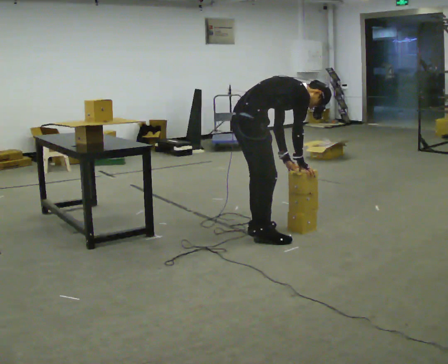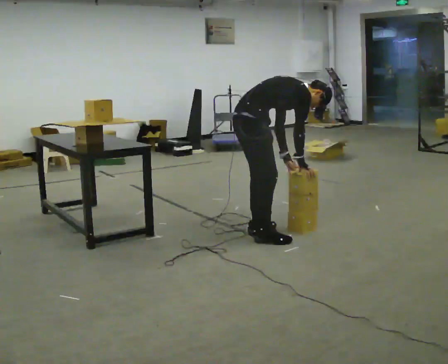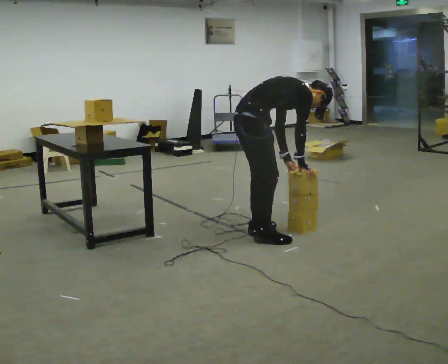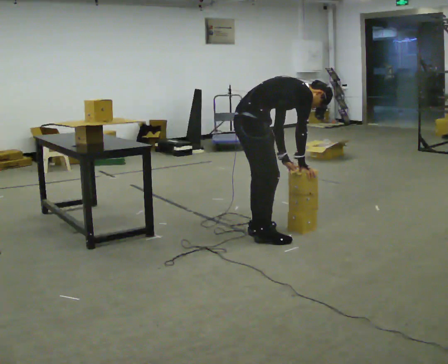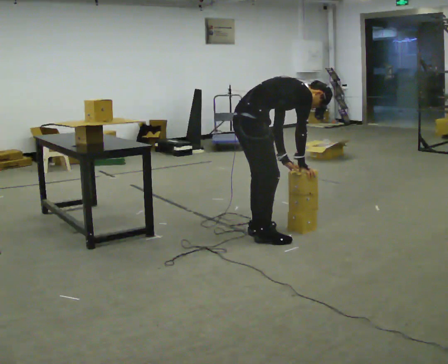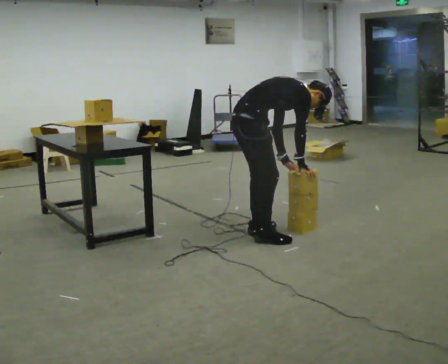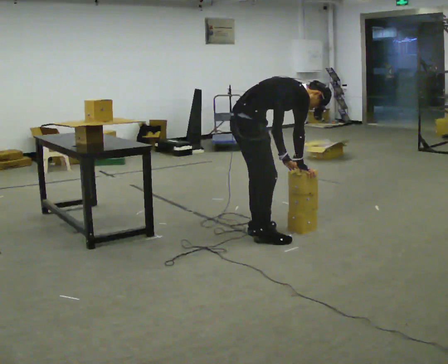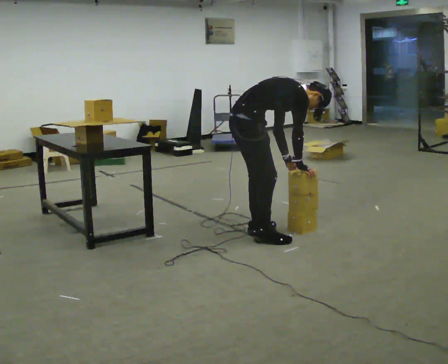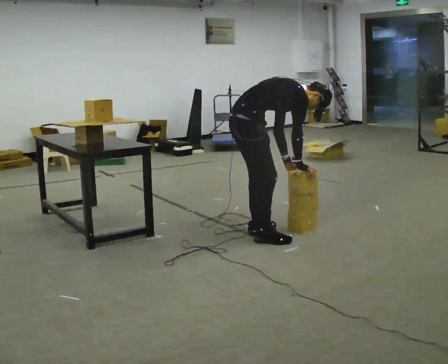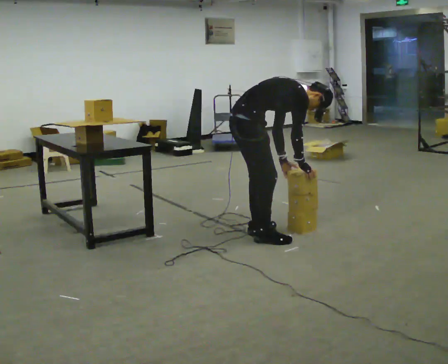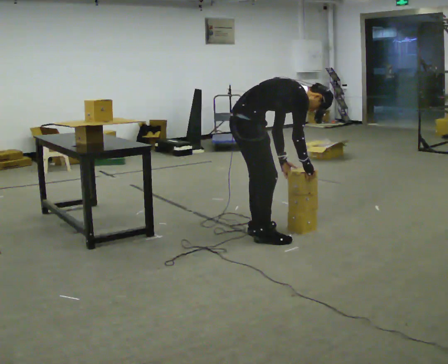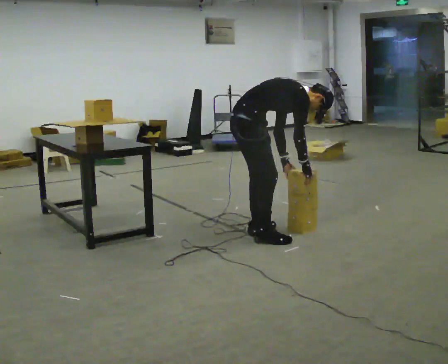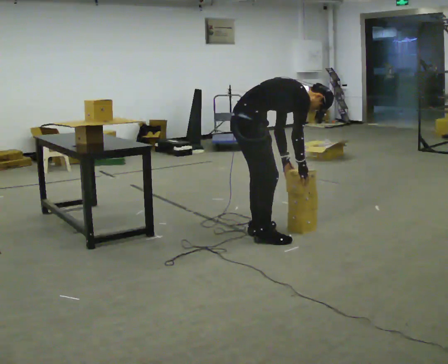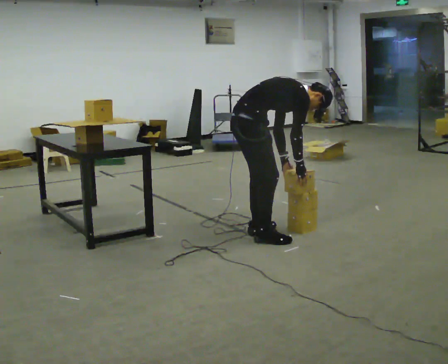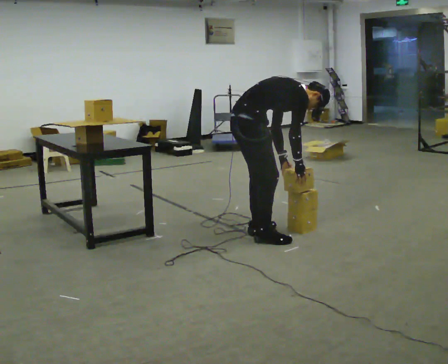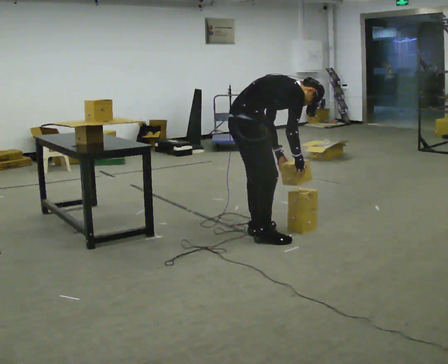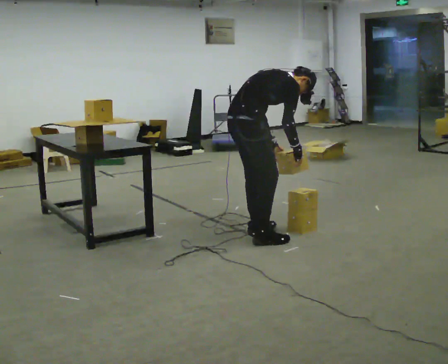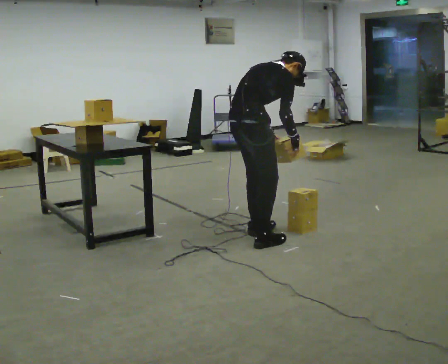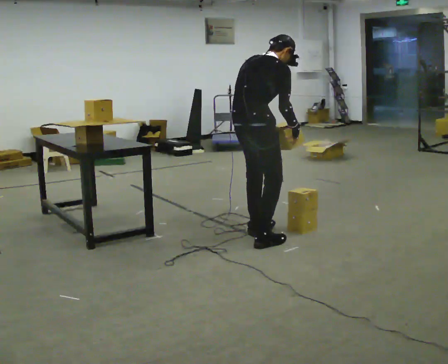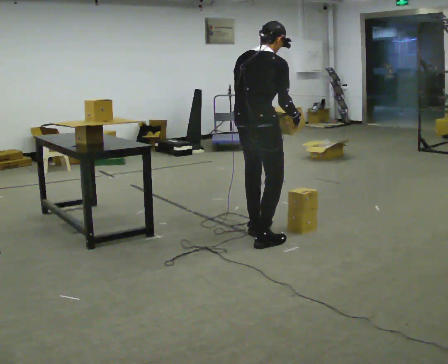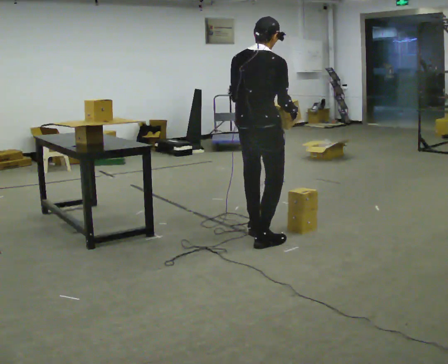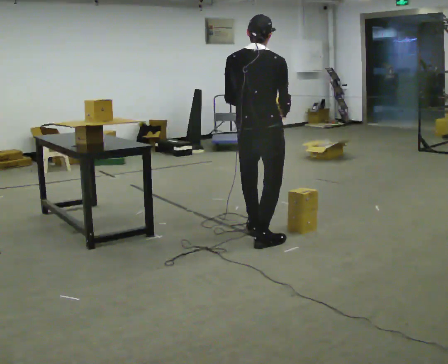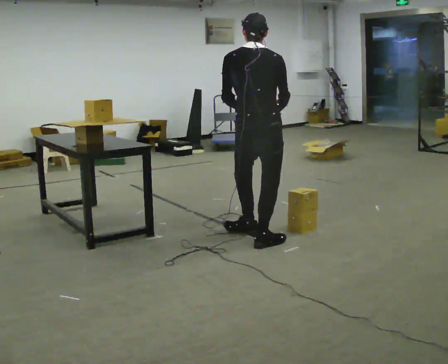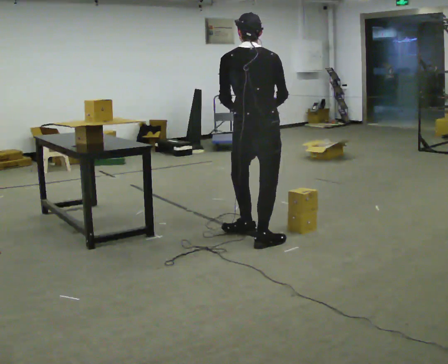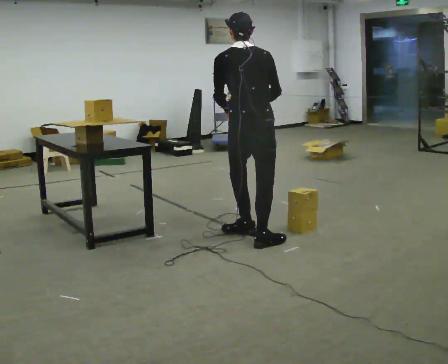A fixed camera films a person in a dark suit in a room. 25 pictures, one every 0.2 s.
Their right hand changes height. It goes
upward.
Their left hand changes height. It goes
upward.
0.0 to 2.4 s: The person moves a little, or ends about where they began.
2.4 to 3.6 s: The person turns about 30 degrees to their left, counterclockwise seen from above, so the part of the body nearest the lens slides to the right. The upper body goes upward. In the picture the upper body tilts counterclockwise, shoulders to the left, as they lean back or straighten.
3.6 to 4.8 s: The person turns about 45 degrees to their left, counterclockwise seen from above, so the part of the body nearest the lens slides to the right. In the picture the upper body tilts counterclockwise, shoulders to the left, as they lean back or straighten.
The film runs forward here.
